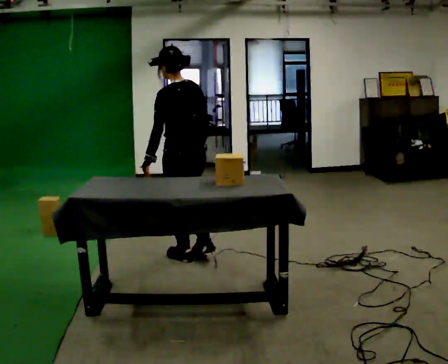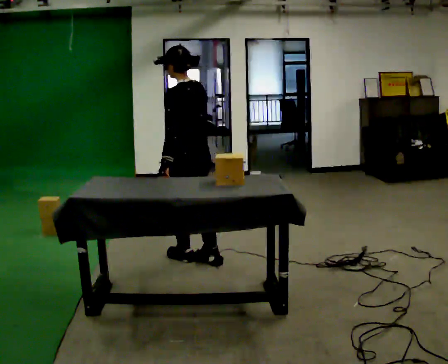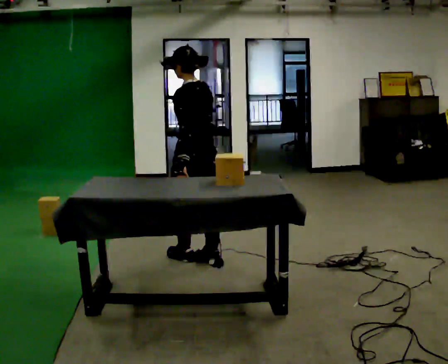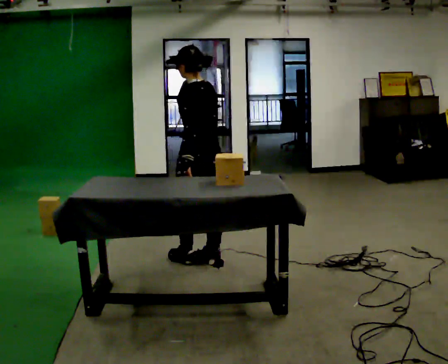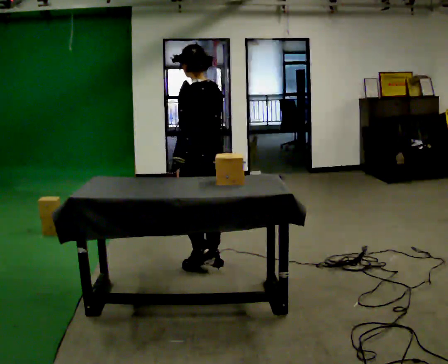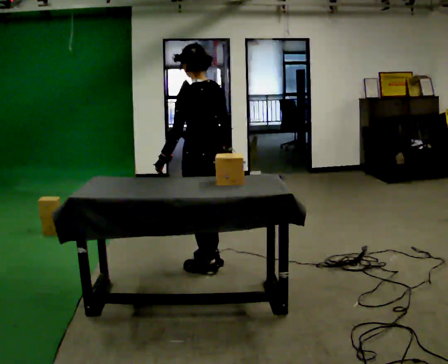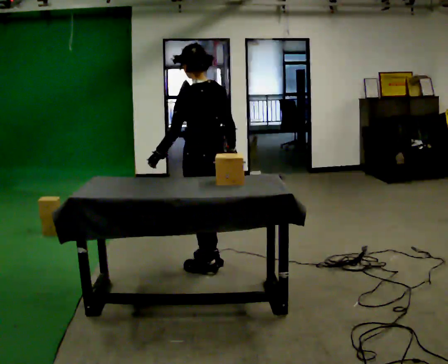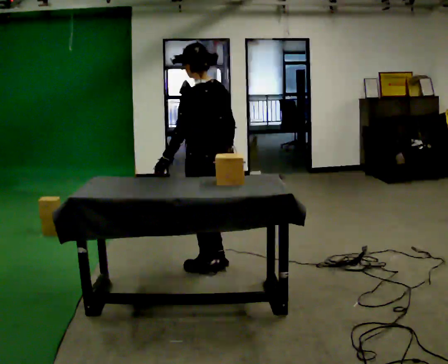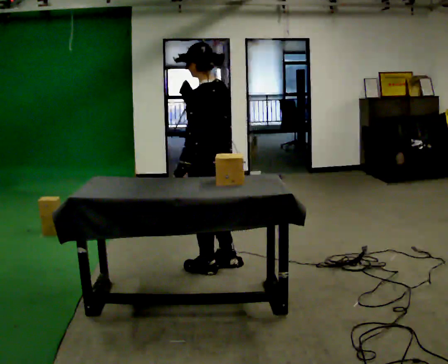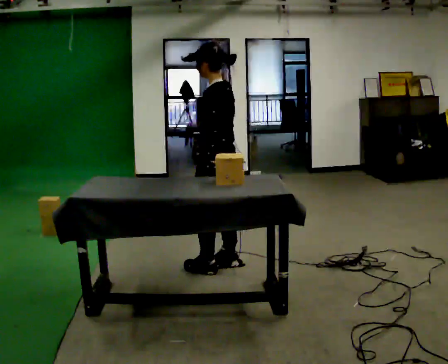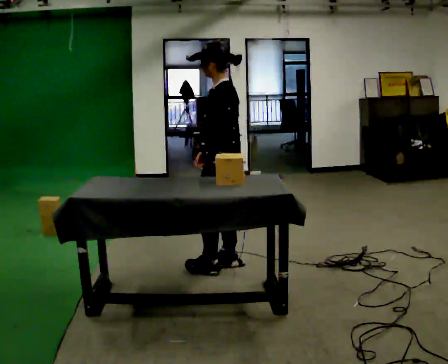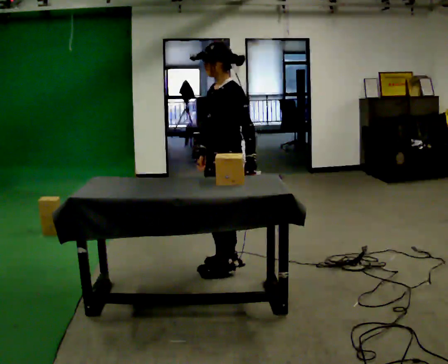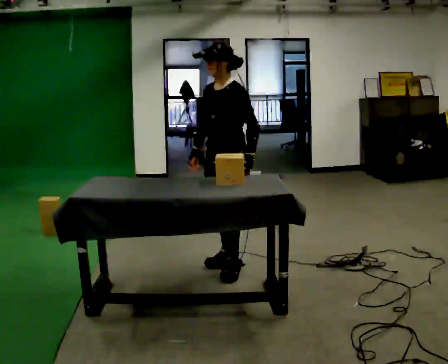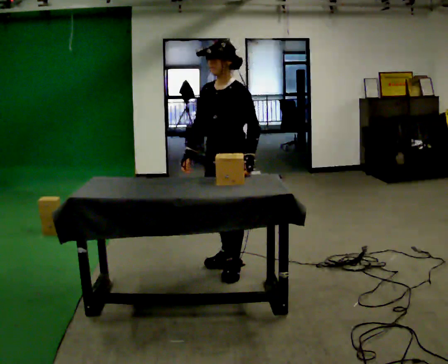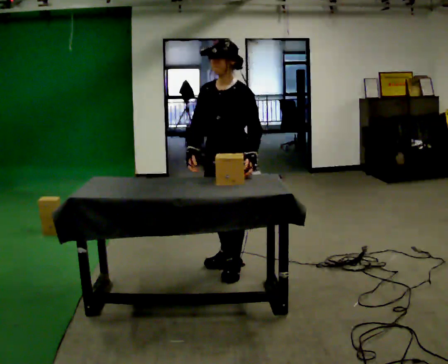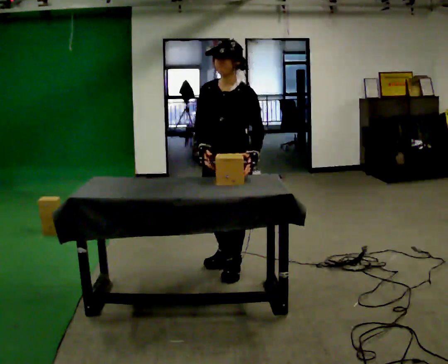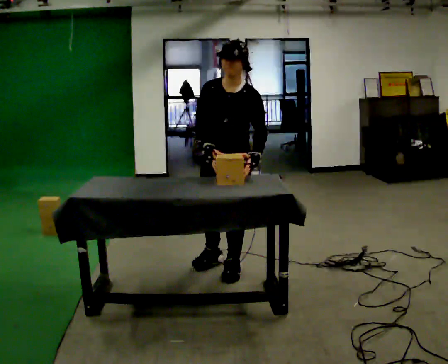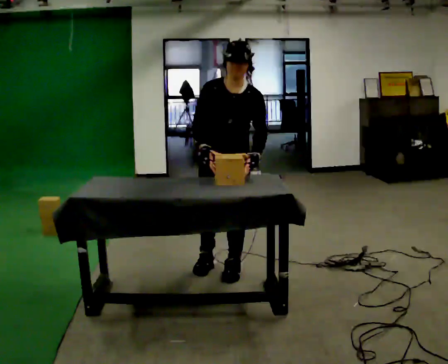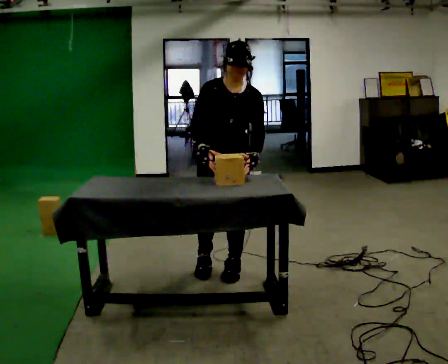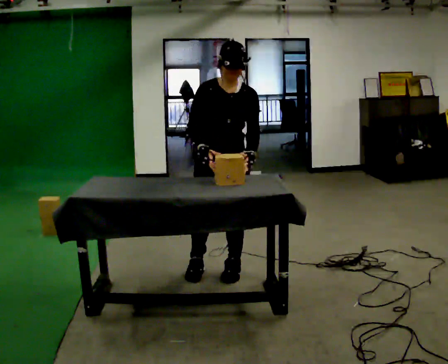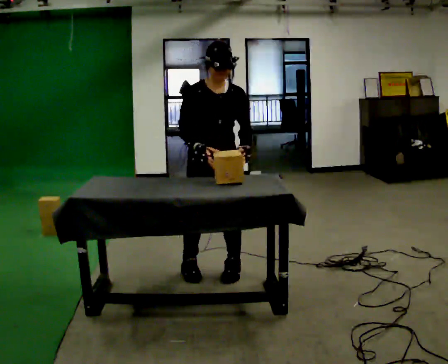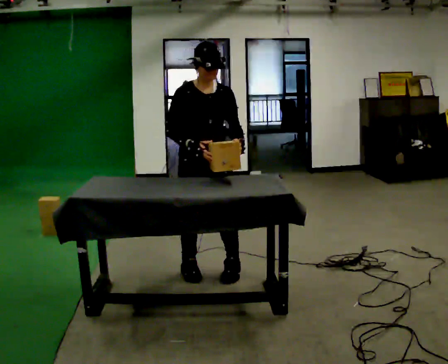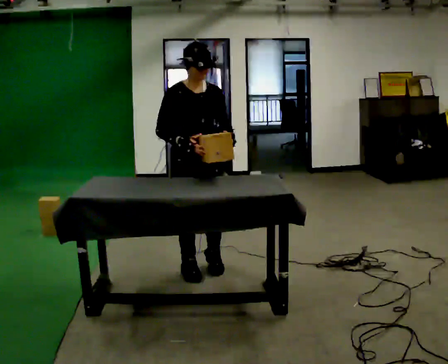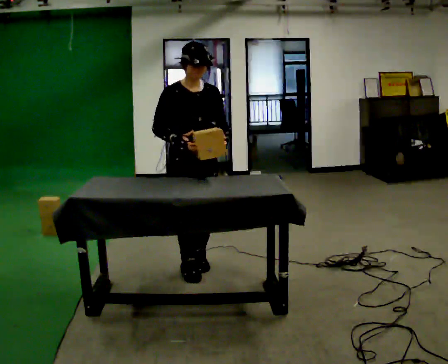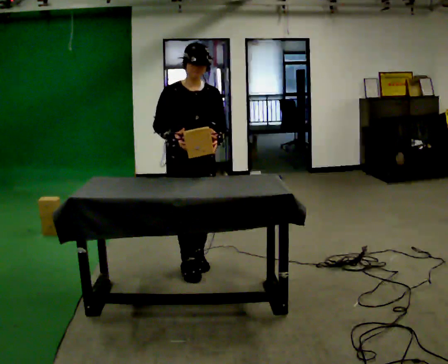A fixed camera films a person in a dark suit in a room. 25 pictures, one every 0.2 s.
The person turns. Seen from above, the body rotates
counterclockwise.
The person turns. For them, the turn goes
to their left.
0.0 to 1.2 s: In the picture they go toward the camera, about 0.25 m in 1 step, which for them is backward.
1.2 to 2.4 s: The part of the body nearest the lens slides to the right as the person turns to their left by about 75 degrees. In the picture their left hand goes to the right, the arm swinging counterclockwise.
2.4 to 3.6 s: The part of the body nearest the lens slides to the right as the person turns to their left by about 60 degrees.
3.6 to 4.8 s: In the picture they go to the left, about 0.25 m in 1 step, which for them is to their right and backward.
The film runs backward here.
